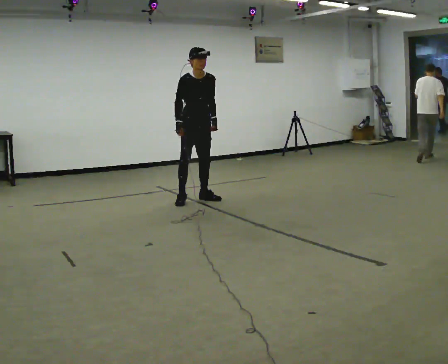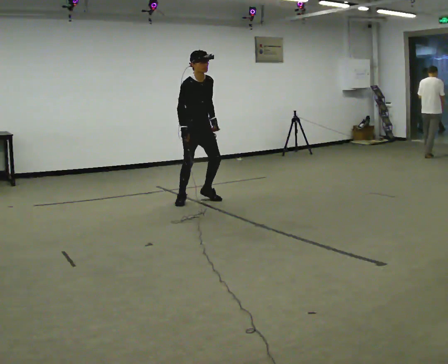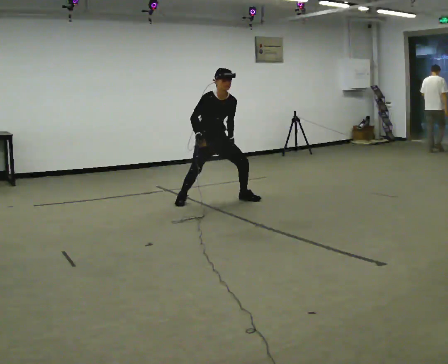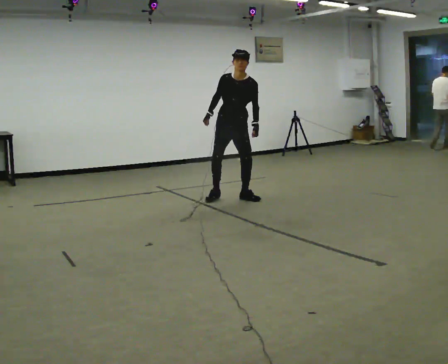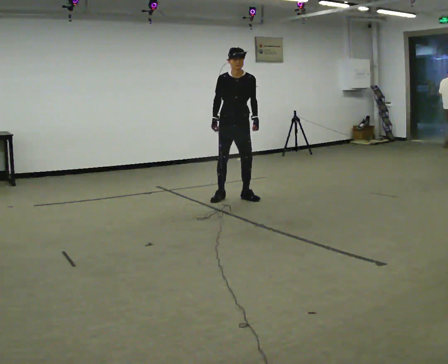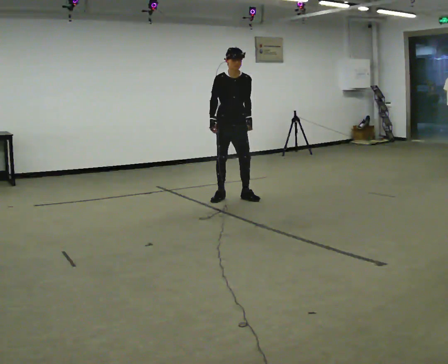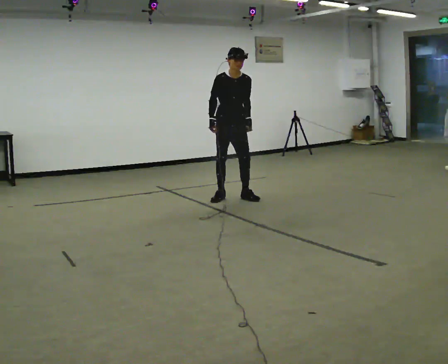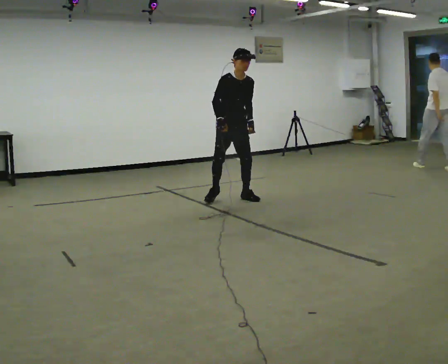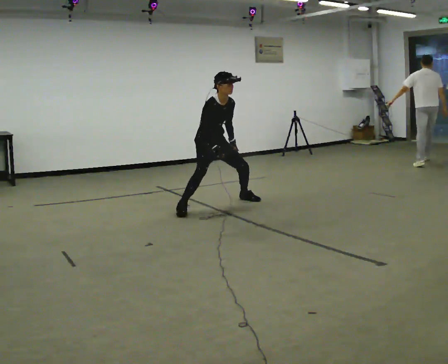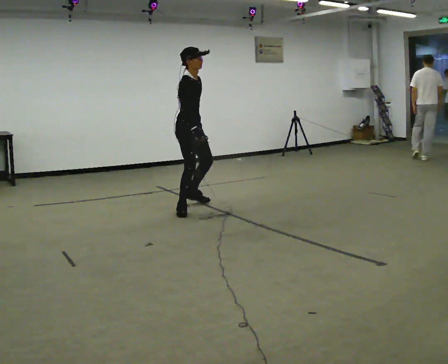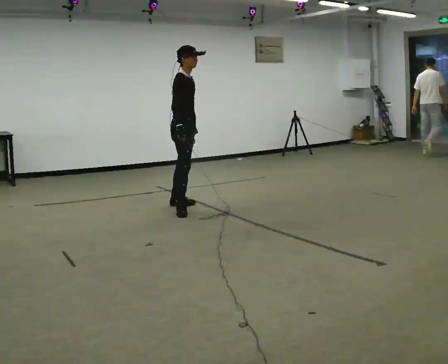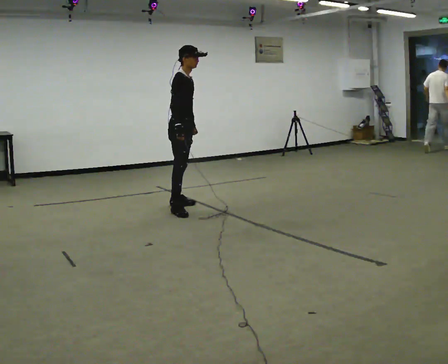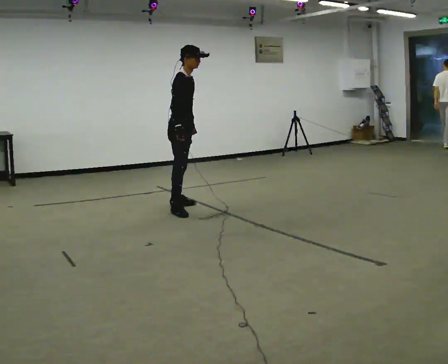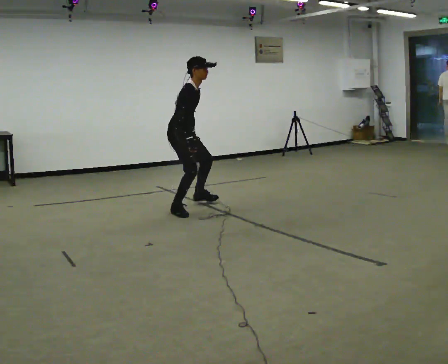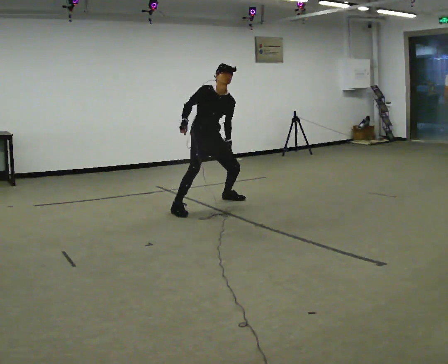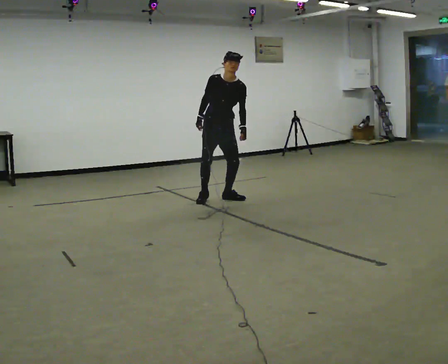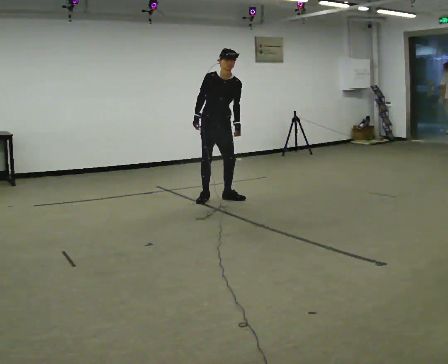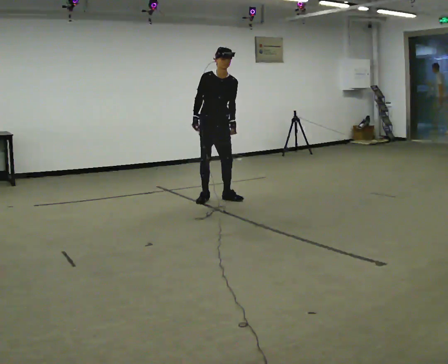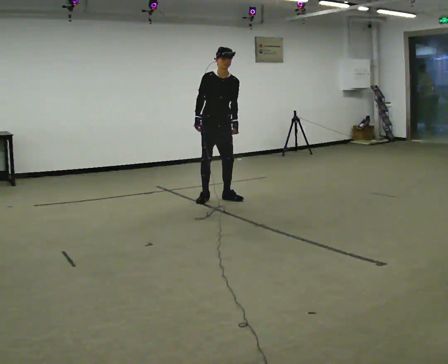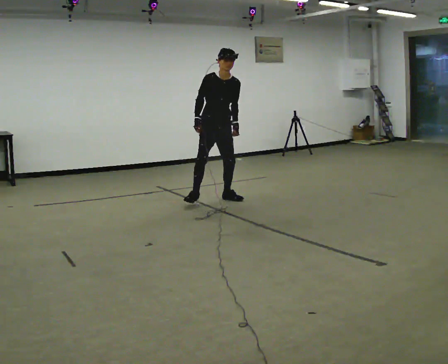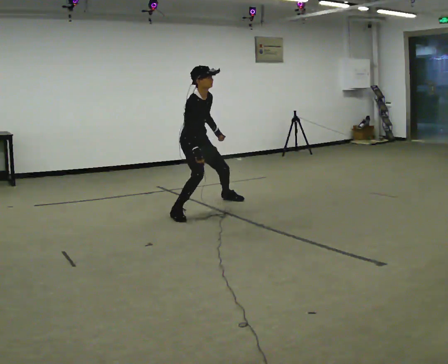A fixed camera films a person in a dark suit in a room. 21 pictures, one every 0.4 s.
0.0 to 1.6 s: In the picture they go to the right, about 0.5 m in 2 steps, which for them is to their left.
1.6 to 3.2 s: The person turns about 45 degrees to their left, counterclockwise seen from above, so the part of the body nearest the lens slides to the right. In the picture they go to the left and toward the camera, about 0.5 m in 1 step, which for them is to their right and forward. The shoulders move downward. The upper body tips toward the camera, its near side rolling downward, as they bend forward.
3.2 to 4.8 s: Seen from above the body turns counterclockwise, about 30 degrees: to their left, with its near side sliding to the right. In the picture they go to the left and toward the camera, about 0.5 m in 1 step, which for them is to their right and backward. The shoulders move upward. The upper body tips away from the camera, its near side rolling upward, as they lean back or straighten.
4.8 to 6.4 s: Seen from above the body turns clockwise, about 60 degrees: to their right, with its near side sliding to the left. In the picture they go away from the camera and to the right, about 0.5 m in 2 steps.
6.4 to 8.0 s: The part of the body nearest the lens slides to the right as the person turns to their left by about 45 degrees. In the picture they go toward the camera and to the left, about 0.5 m in 1 step, which for them is to their right and forward.
The film runs forward here.
